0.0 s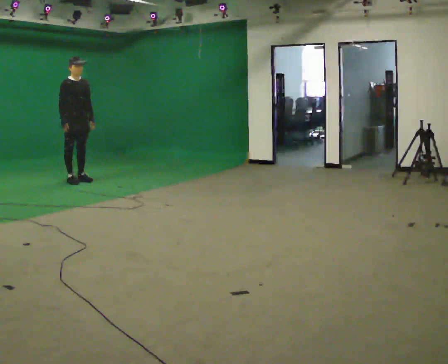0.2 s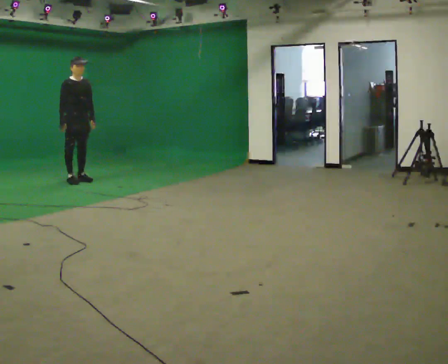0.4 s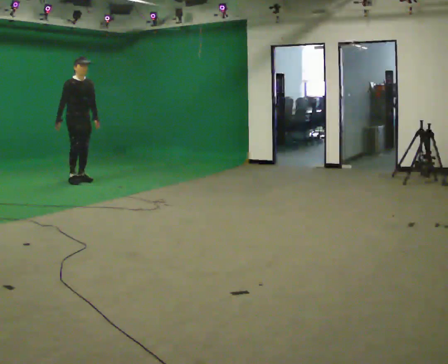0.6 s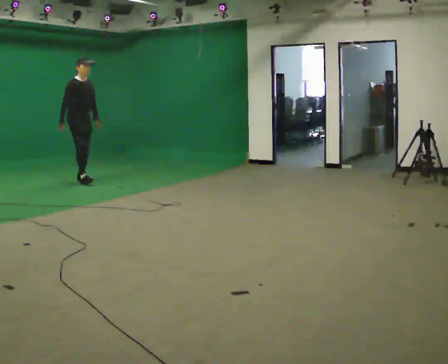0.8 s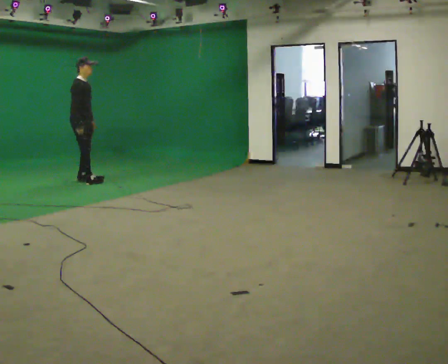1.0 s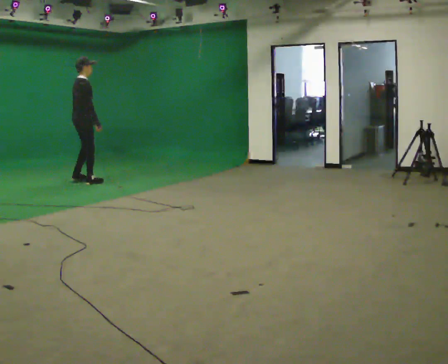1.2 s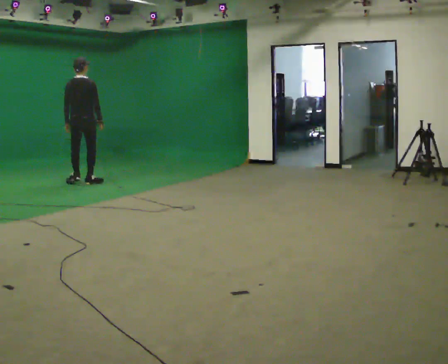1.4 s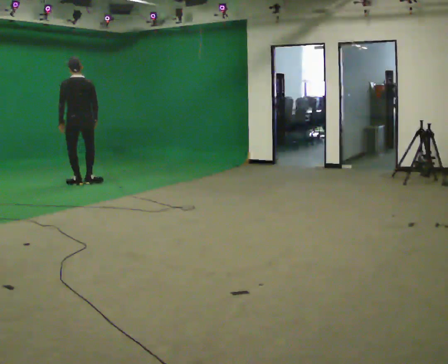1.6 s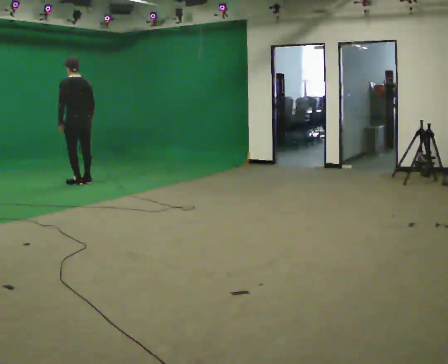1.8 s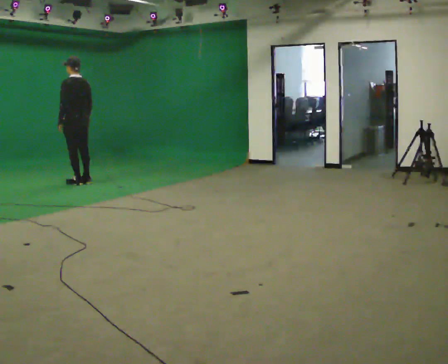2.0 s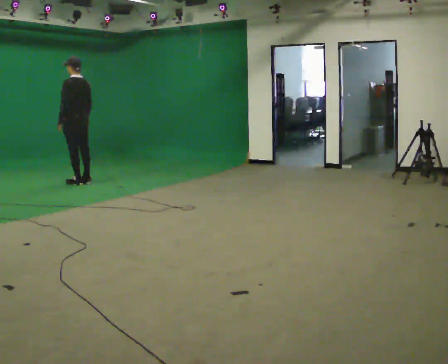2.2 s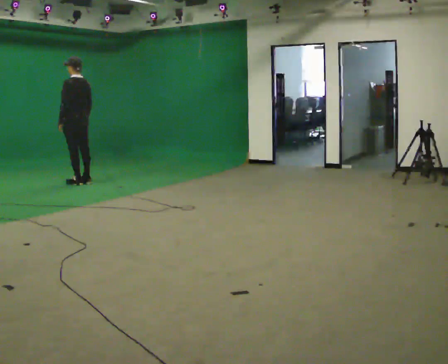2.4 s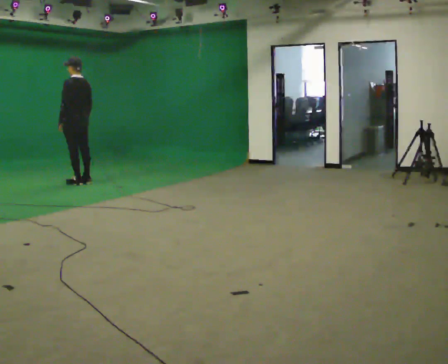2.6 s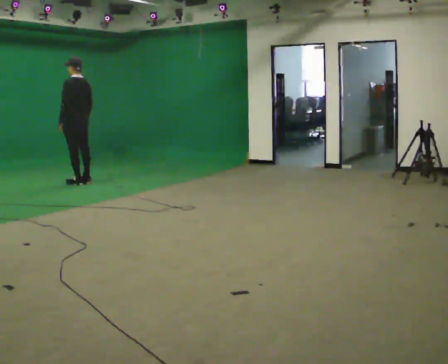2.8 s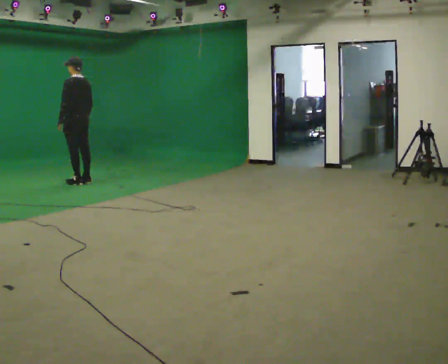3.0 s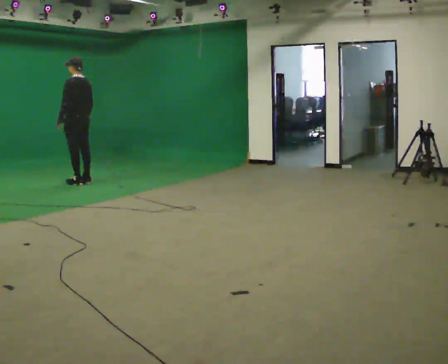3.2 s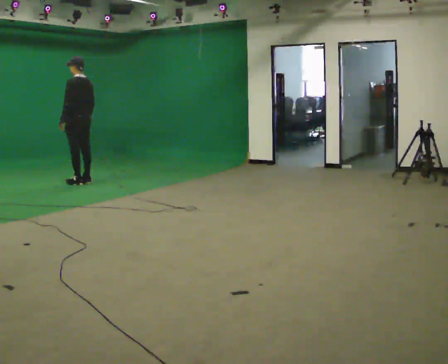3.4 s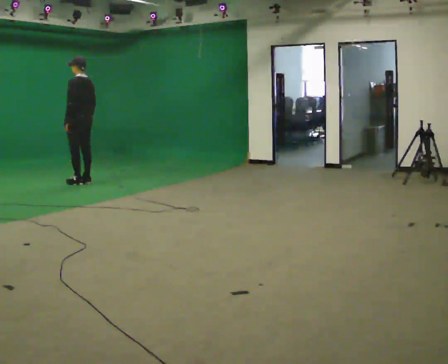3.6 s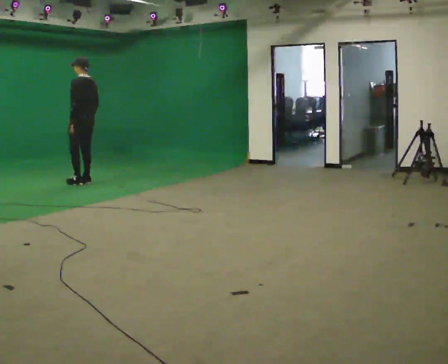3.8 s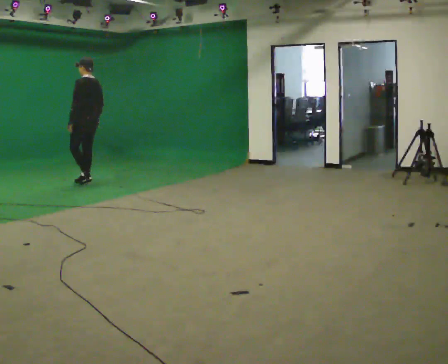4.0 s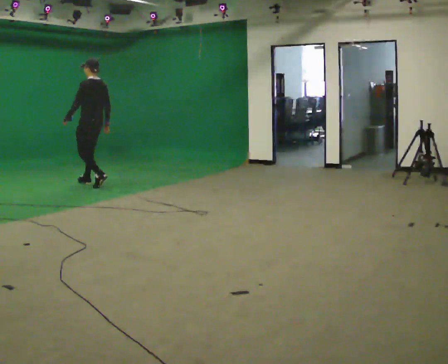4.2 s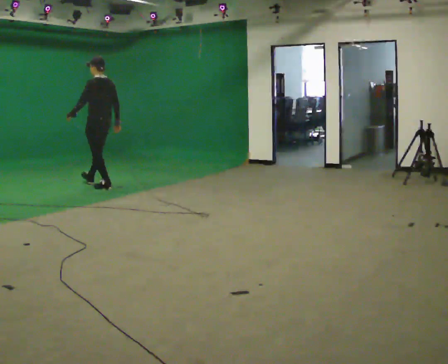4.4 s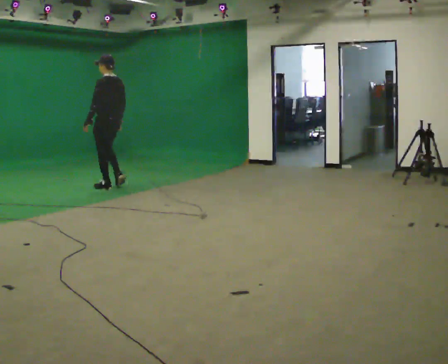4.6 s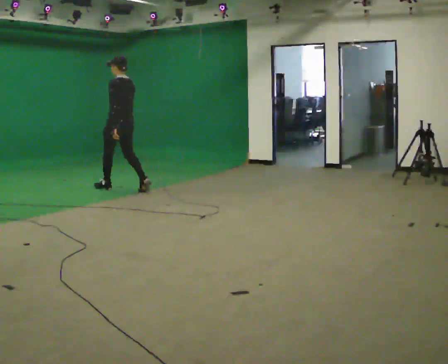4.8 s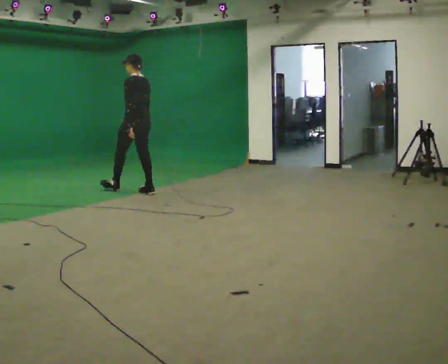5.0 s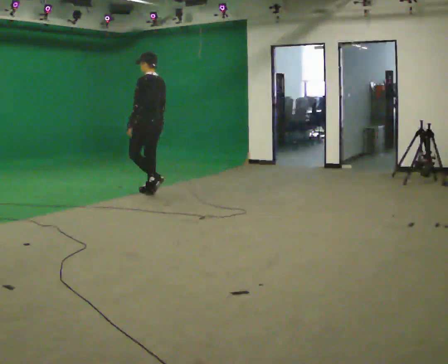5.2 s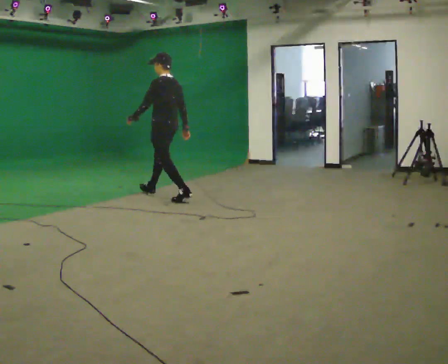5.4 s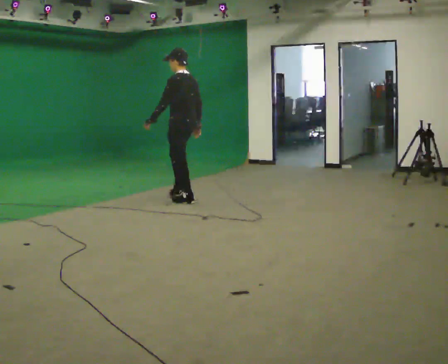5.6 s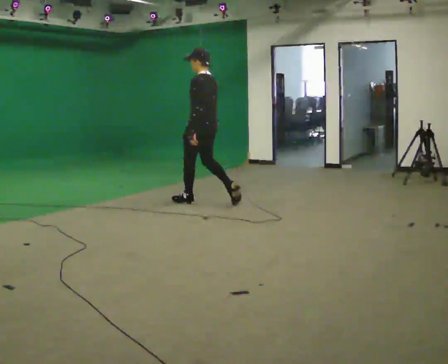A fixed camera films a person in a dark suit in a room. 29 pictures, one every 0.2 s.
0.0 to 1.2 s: The person turns about 120 degrees to their left, counterclockwise seen from above, so the part of the body nearest the lens slides to the right. In the picture they go toward the camera, about 0.25 m in 2 steps. In the picture their left hand goes to the left, the arm swinging clockwise.
1.2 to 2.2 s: The part of the body nearest the lens slides to the right as the person turns to their left by about 75 degrees.
2.2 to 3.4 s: The person moves a little, or ends about where they began.
3.4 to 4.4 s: In the picture they go toward the camera and to the right, about 0.5 m in 2 steps, which for them is backward.
4.4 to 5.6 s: In the picture they go toward the camera and to the right, about 1.5 m in 2 steps, which for them is backward.
The film runs backward here.
